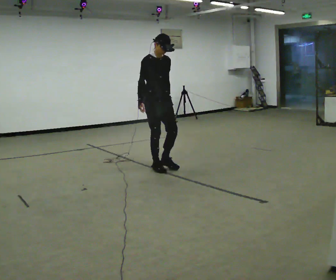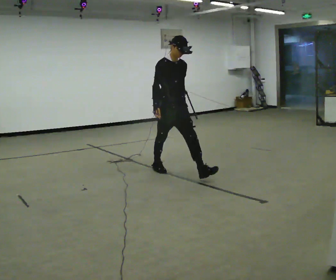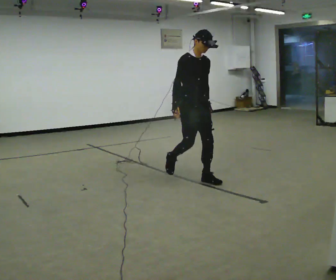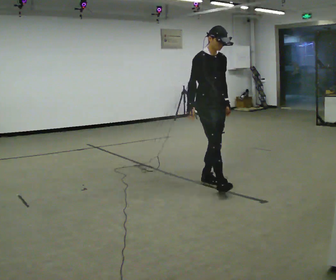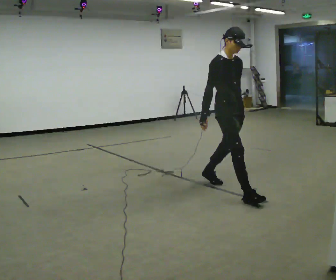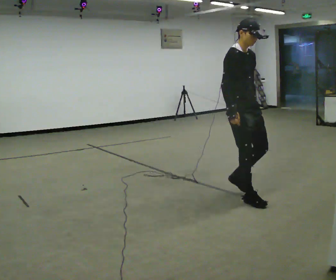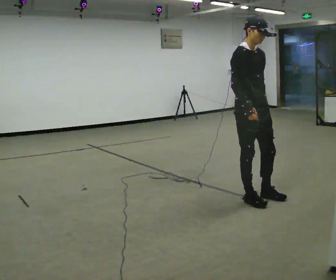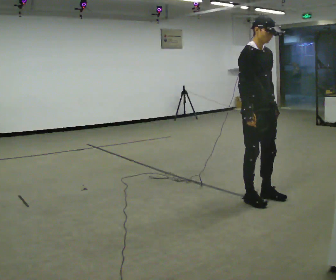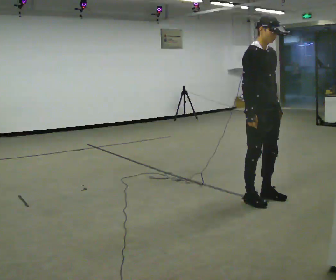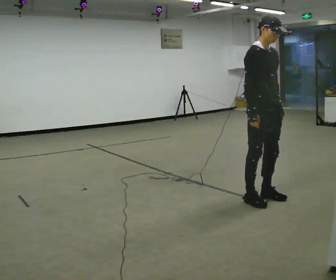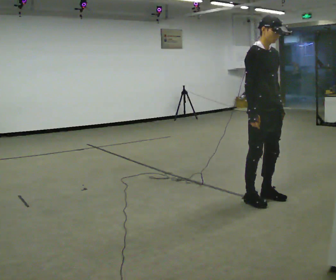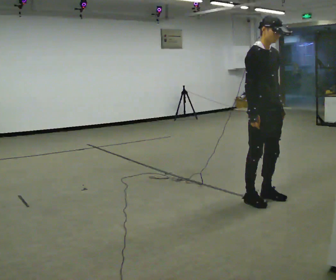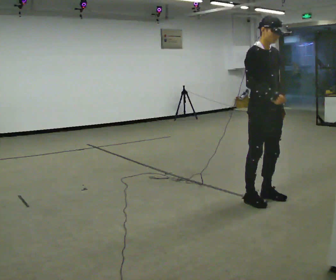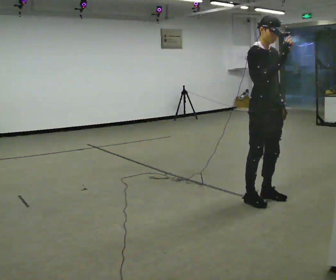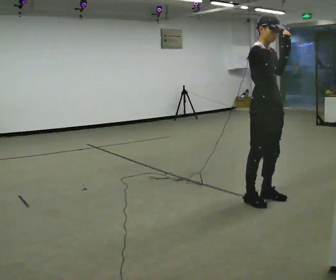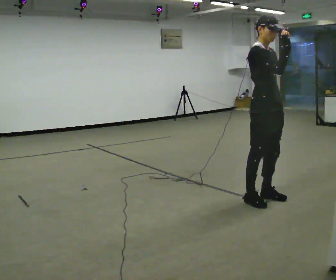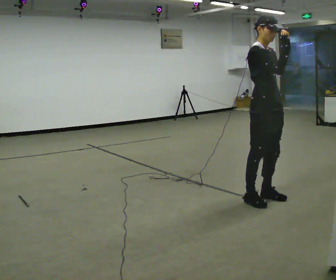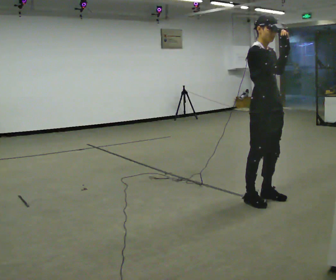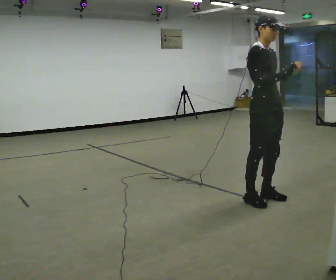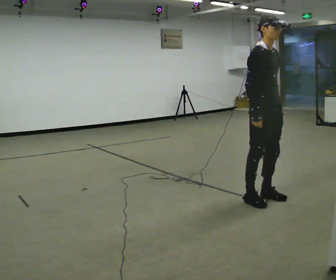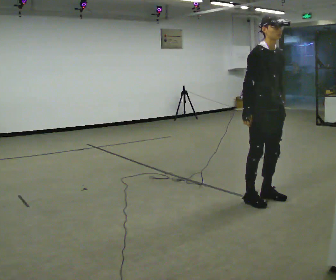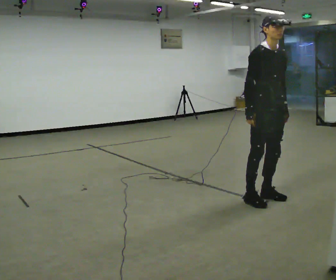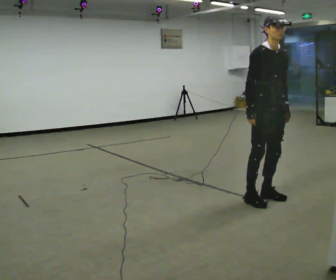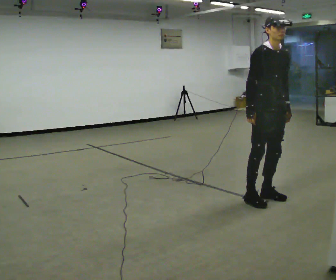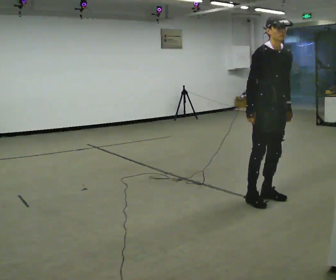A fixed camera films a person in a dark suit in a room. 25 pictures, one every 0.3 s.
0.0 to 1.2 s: In the picture they go toward the camera and to the right, about 1.5 m in 2 steps, which for them is forward.
1.2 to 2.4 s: In the picture they go to the right and toward the camera, about 0.5 m in 1 step, which for them is forward.
2.4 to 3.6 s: The person moves a little, or ends about where they began.
3.6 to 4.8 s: In the picture their right hand goes upward.
4.8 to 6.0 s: In the picture their right hand goes downward and to the left.
6.0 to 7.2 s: The person moves a little, or ends about where they began.
The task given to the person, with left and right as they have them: Walk forward noticeably slower than normal; do not shuffle; stop.
The film runs forward here.
